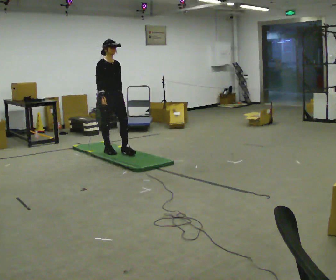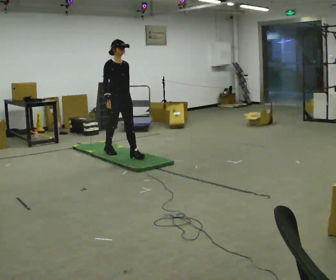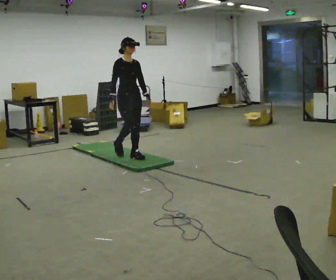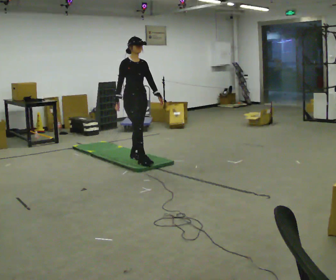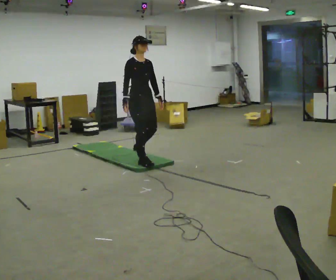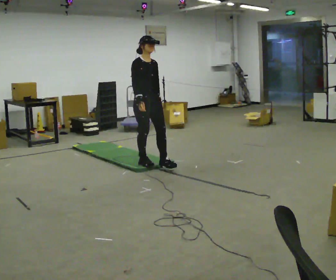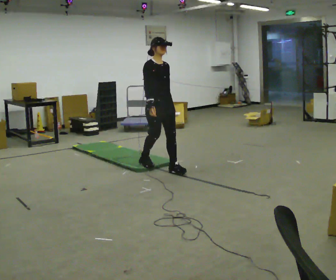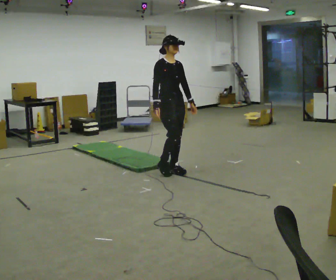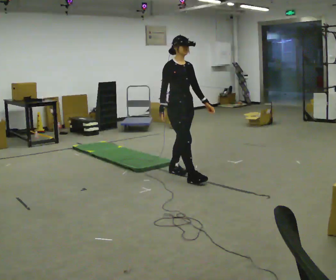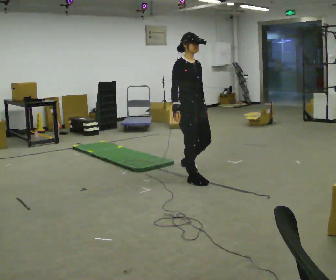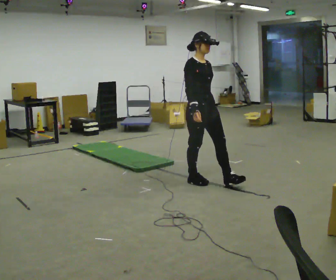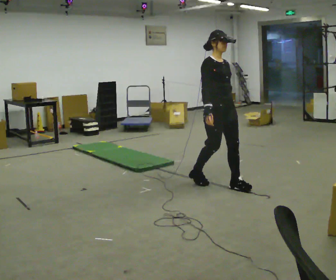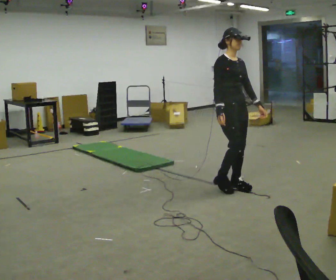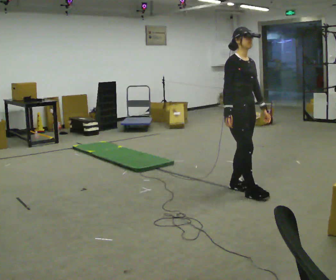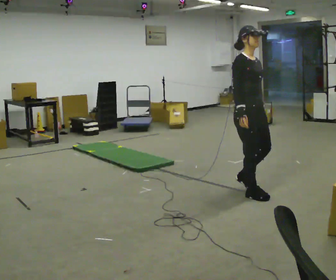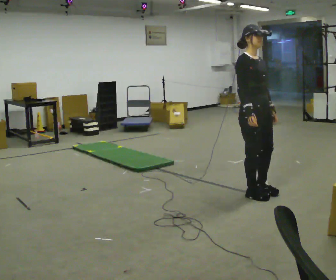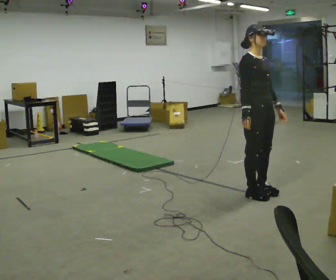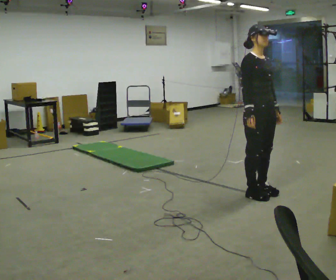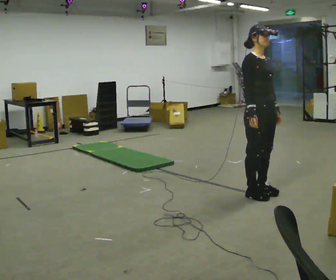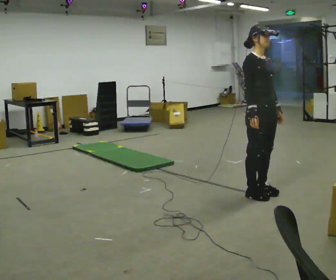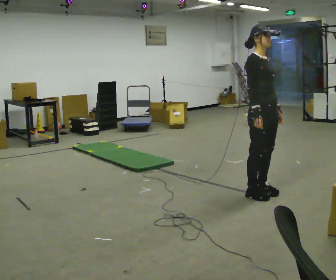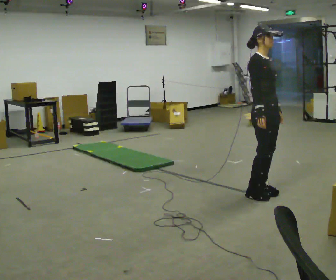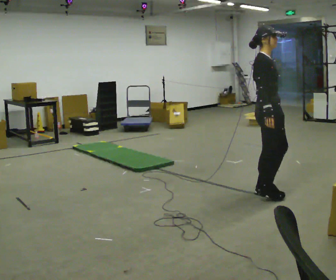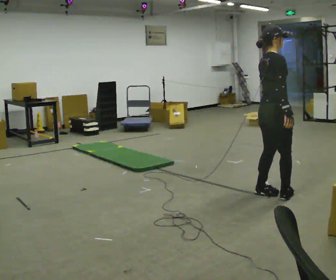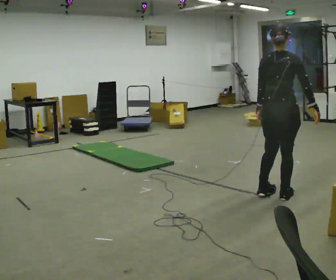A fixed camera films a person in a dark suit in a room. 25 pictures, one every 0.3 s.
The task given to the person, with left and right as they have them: Walk across the mats at a normal pace. They may not all feel the same underfoot. Carry on afterwards.
0.0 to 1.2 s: In the picture they go to the right and toward the camera, about 0.5 m in 2 steps, which for them is forward.
1.2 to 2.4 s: In the picture they go to the right and toward the camera, about 0.75 m in 1 step, which for them is forward.
2.4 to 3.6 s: In the picture they go to the right and toward the camera, about 0.5 m in 2 steps, which for them is forward.
3.6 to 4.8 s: In the picture they go toward the camera and to the right, about 0.25 m in 2 steps, which for them is forward.
4.8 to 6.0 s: The person moves a little, or ends about where they began.
6.0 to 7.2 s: The part of the body nearest the lens slides to the right as the person turns to their left by about 105 degrees. In the picture their right hand goes to the right.
The film runs forward here.
